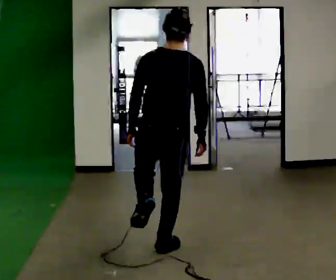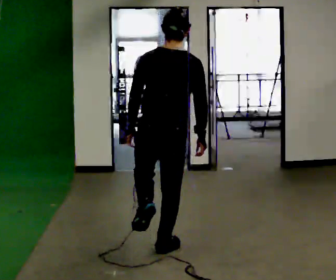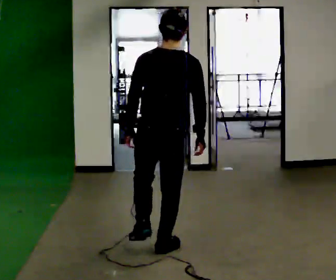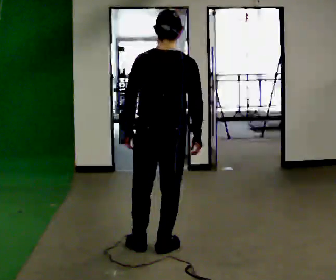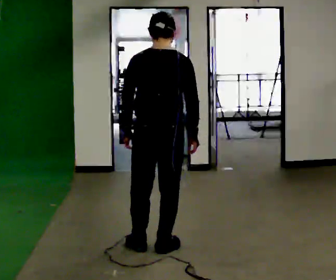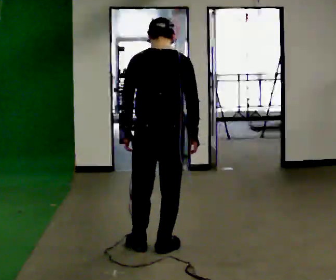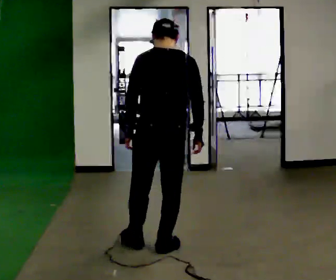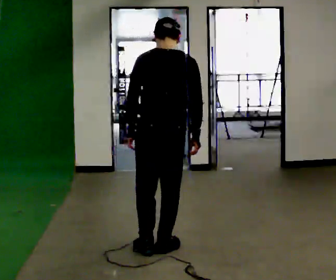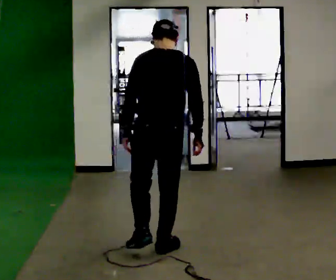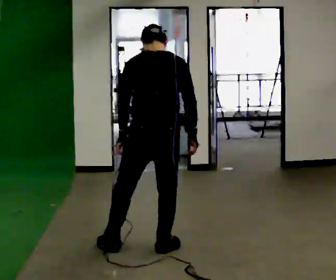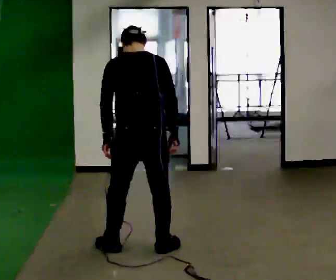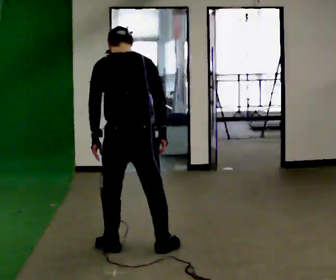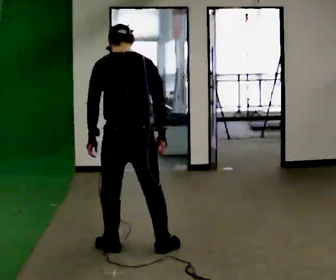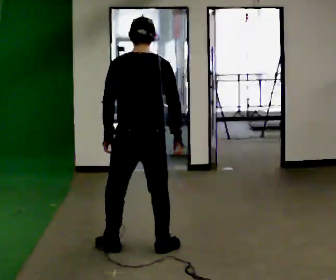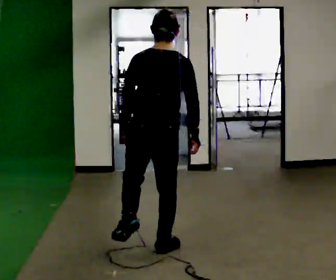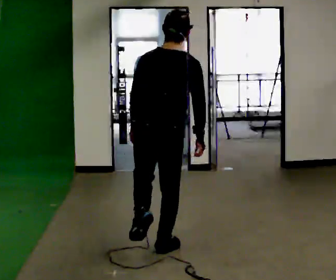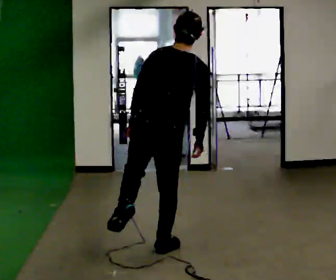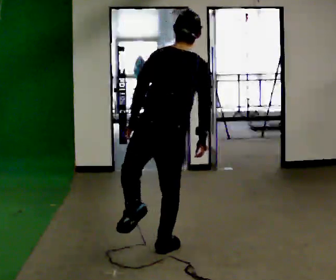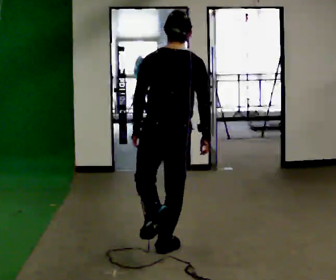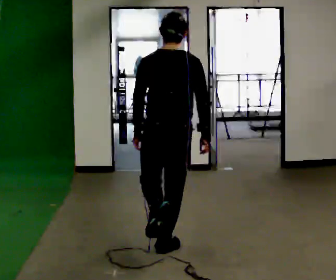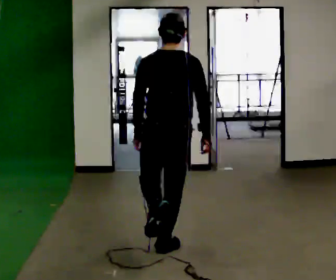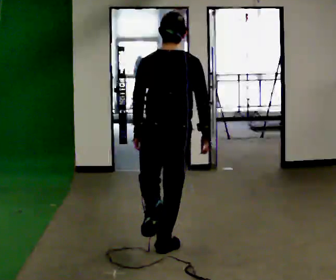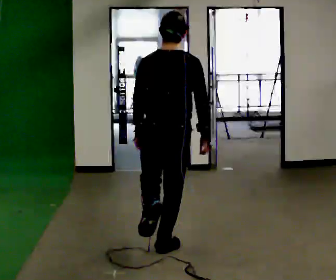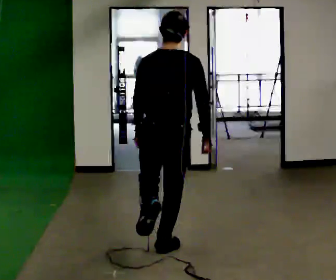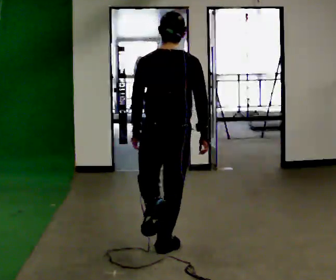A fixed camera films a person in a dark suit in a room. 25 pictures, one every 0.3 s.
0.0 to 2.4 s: The person moves a little, or ends about where they began.
2.4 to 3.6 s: In the picture they go to the left, about 0.25 m, which for them is to their left.
3.6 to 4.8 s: In the picture they go to the right, about 0.25 m in 1 step, which for them is to their right. In the picture the upper body tilts clockwise, shoulders to the right, as they lean back or straighten.
4.8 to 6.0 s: In the picture the upper body tilts counterclockwise, shoulders to the left.
6.0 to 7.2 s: The person moves a little, or ends about where they began.
The film runs backward here.
